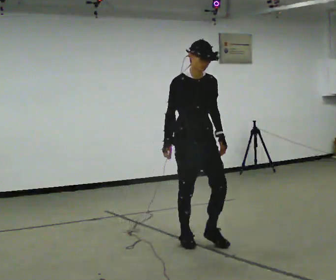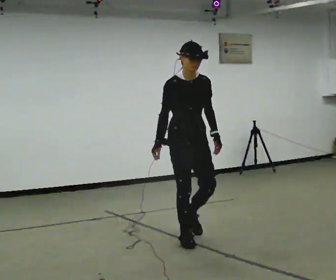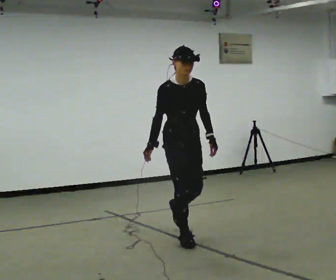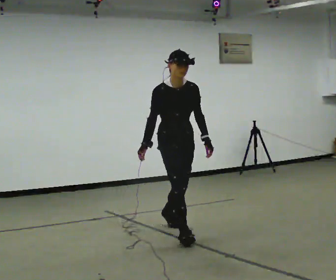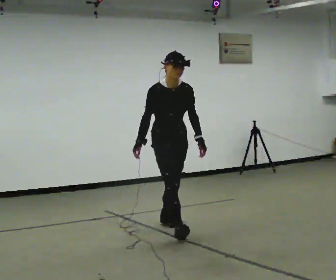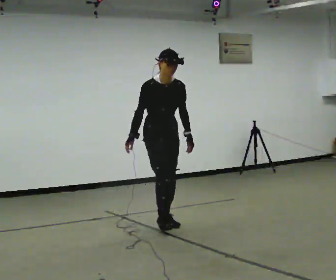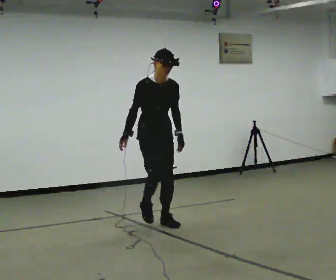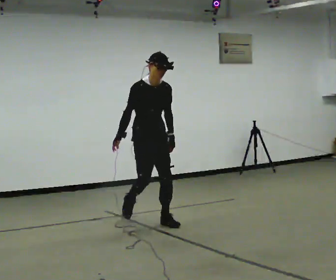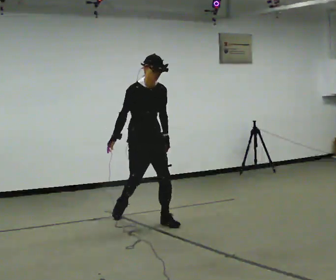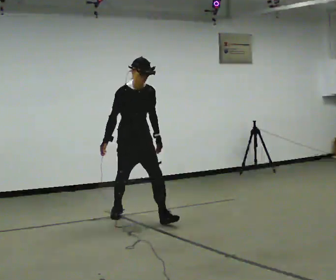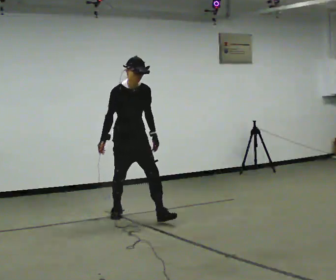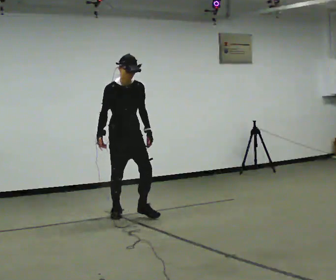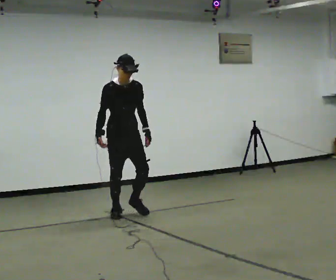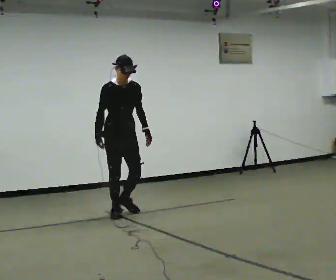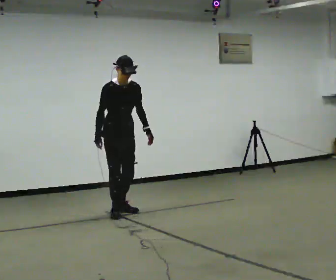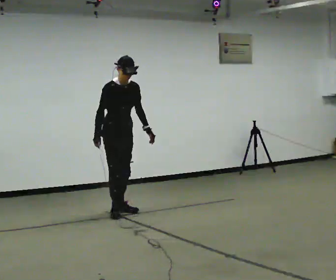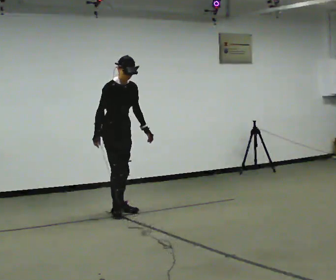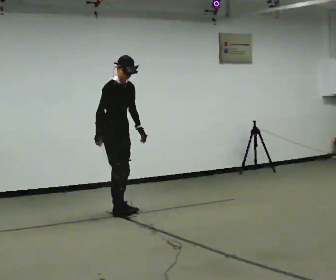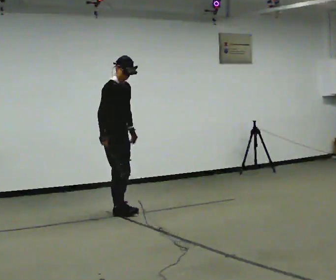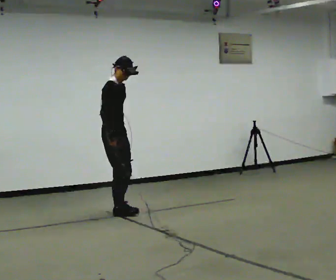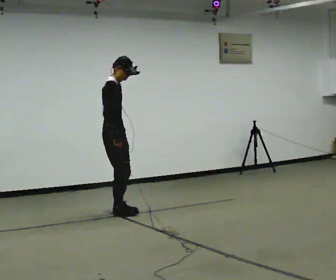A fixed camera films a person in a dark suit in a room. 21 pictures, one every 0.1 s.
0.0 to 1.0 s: In the picture they go away from the camera and to the left, about 1.5 m in 2 steps, which for them is backward.
1.0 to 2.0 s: Seen from above the body turns counterclockwise, about 60 degrees: to their left, with its near side sliding to the right. In the picture they go away from the camera and to the left, about 0.25 m in 1 step. The upper body tips away from the camera, its near side rolling upward.
The film runs backward here.
